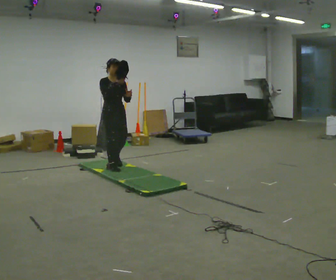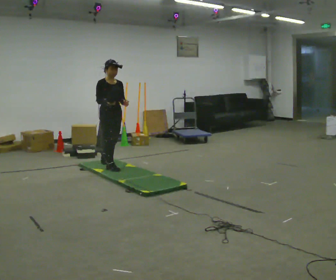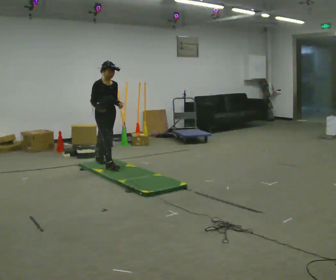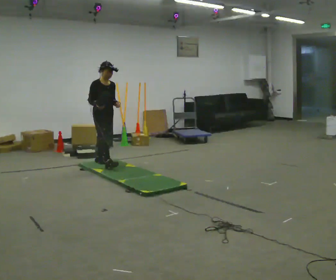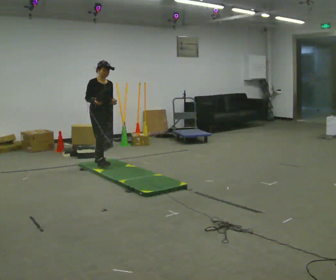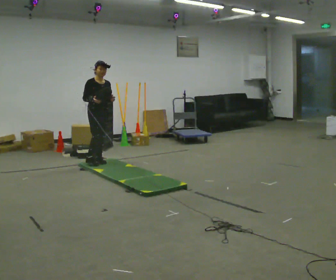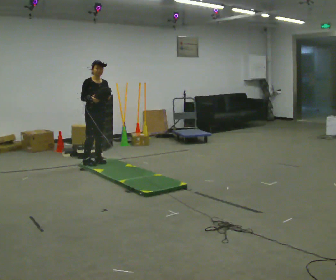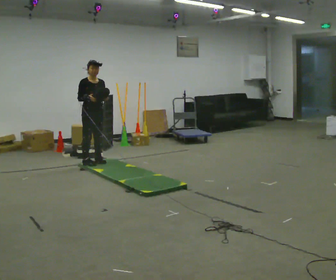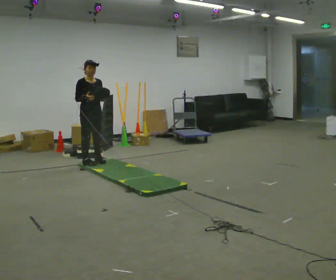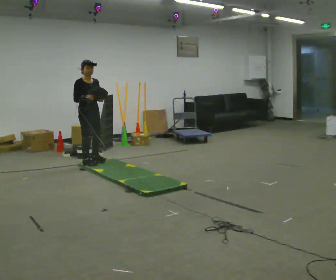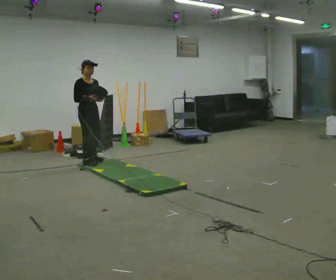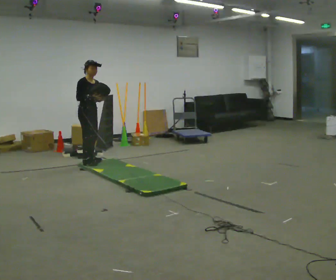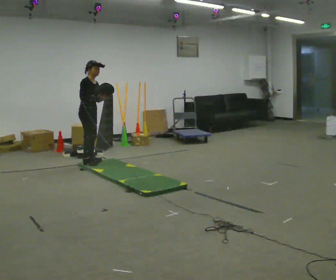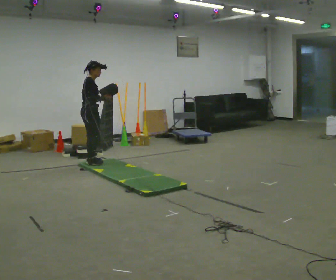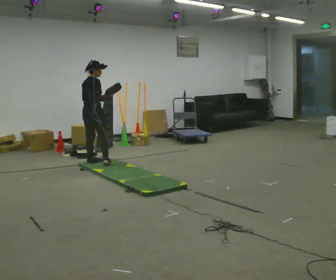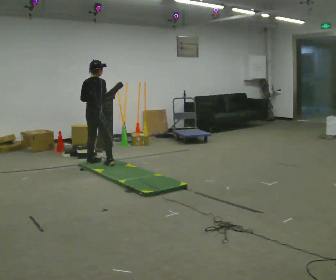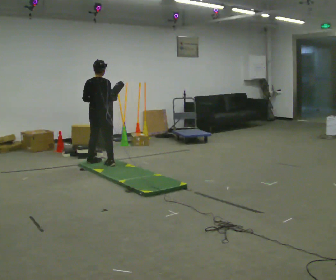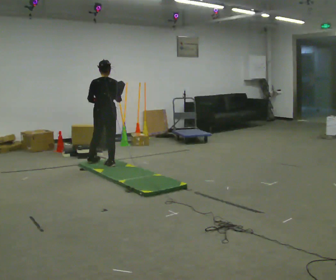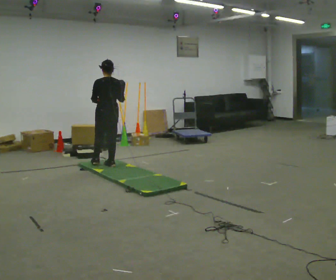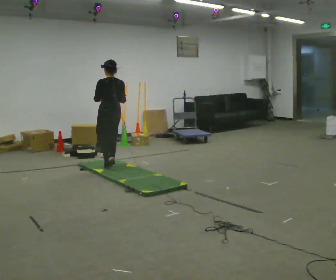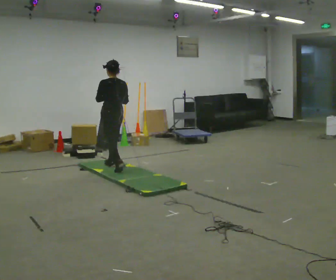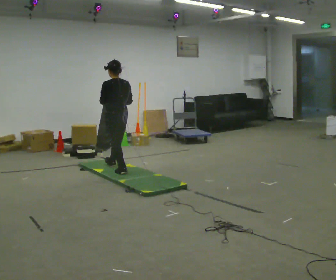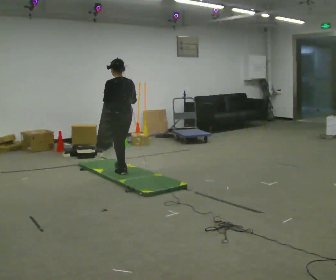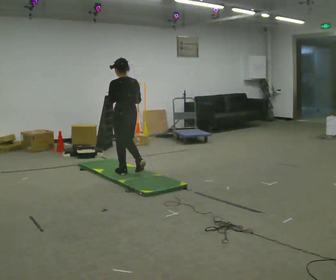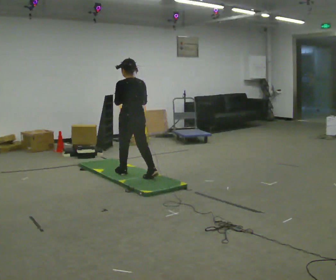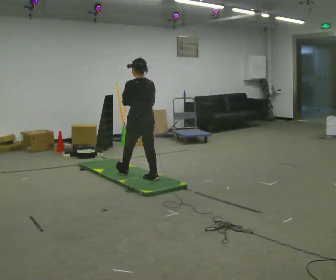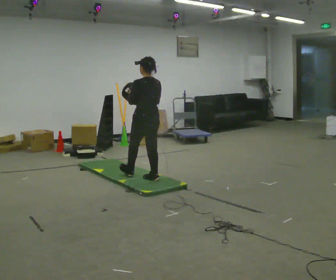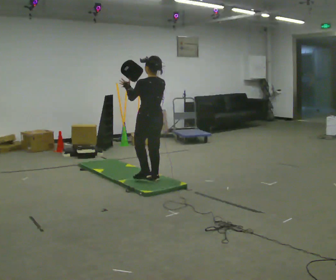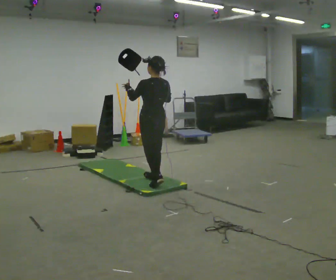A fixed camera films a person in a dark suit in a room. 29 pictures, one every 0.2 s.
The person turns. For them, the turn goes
to their left.
The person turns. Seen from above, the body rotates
counterclockwise.
0.0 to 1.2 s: In the picture they go away from the camera and to the left, about 0.5 m in 1 step, which for them is backward.
1.2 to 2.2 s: The person moves a little, or ends about where they began.
2.2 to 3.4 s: The person turns about 120 degrees to their left, counterclockwise seen from above, so the part of the body nearest the lens slides to the right. In the picture they go to the right, about 0.25 m in 2 steps.
3.4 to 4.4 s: The part of the body nearest the lens slides to the right as the person turns to their left by about 30 degrees. In the picture they go toward the camera and to the right, about 0.5 m in 1 step, which for them is backward.
4.4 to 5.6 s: In the picture they go toward the camera and to the right, about 0.75 m in 1 step, which for them is backward.
The film runs backward here.
